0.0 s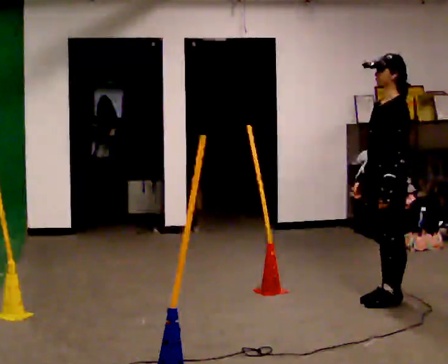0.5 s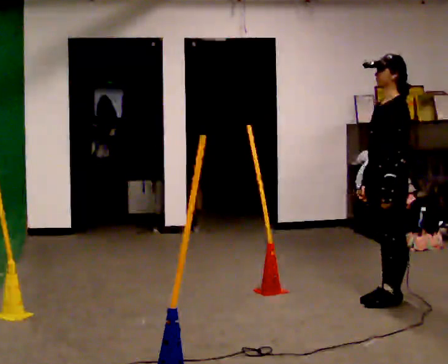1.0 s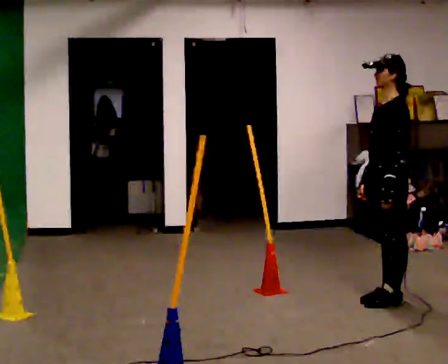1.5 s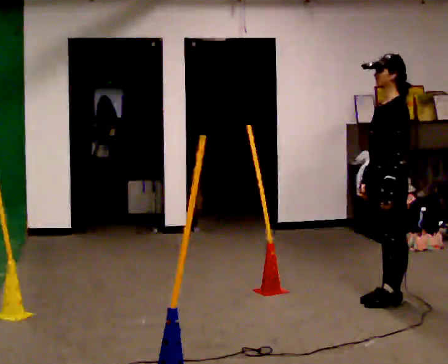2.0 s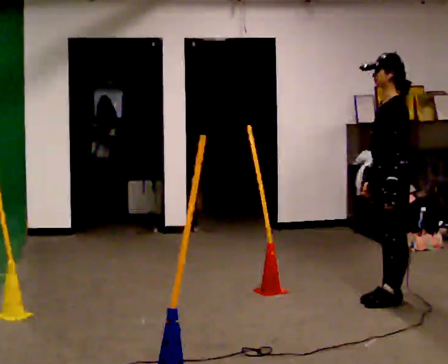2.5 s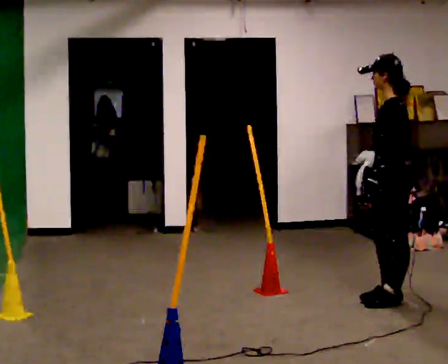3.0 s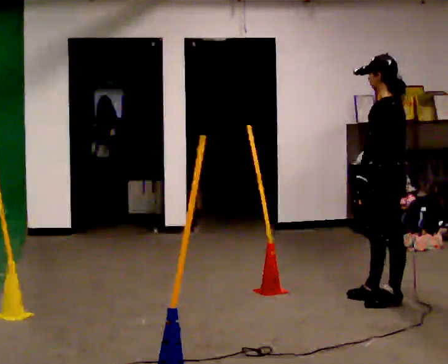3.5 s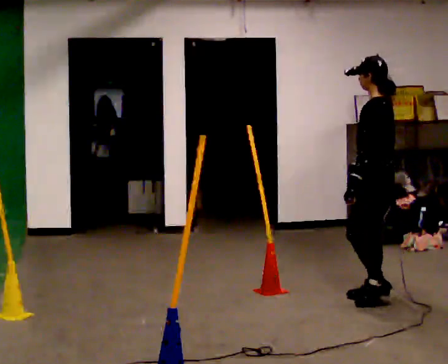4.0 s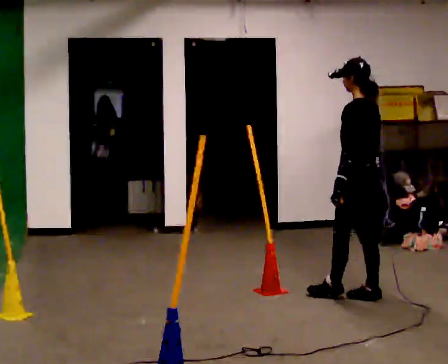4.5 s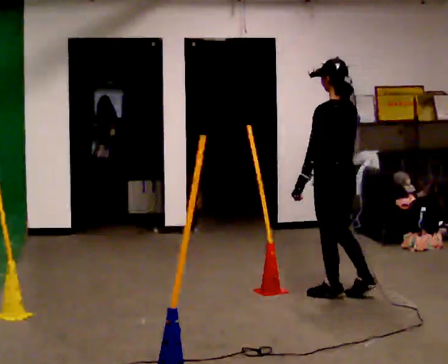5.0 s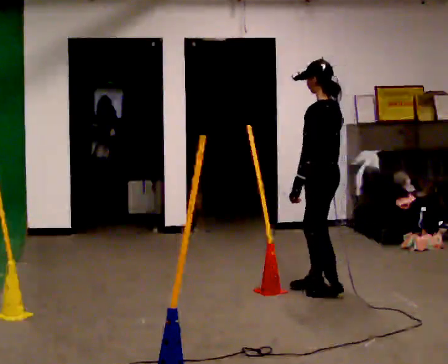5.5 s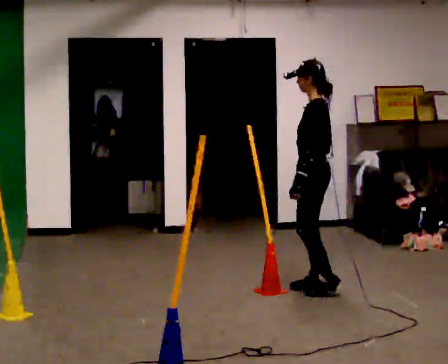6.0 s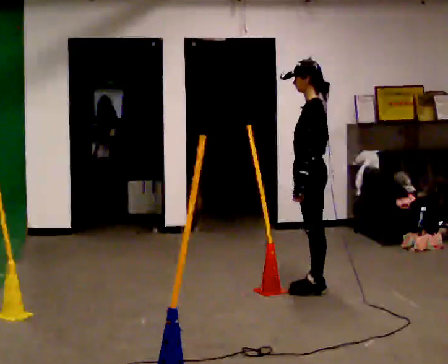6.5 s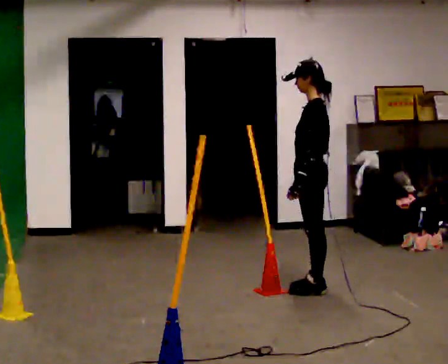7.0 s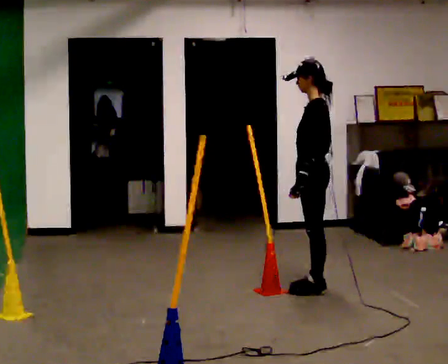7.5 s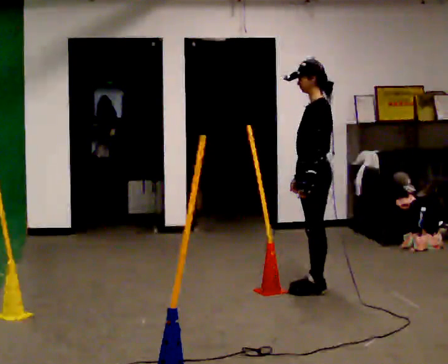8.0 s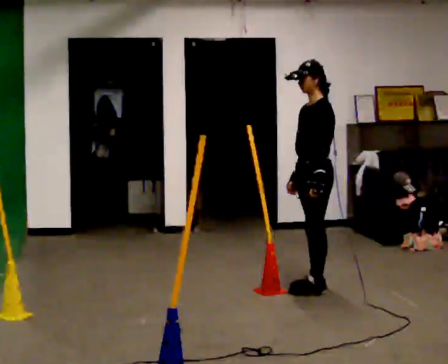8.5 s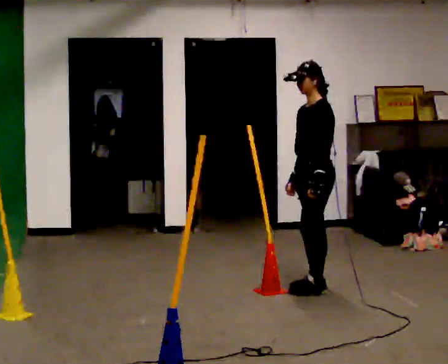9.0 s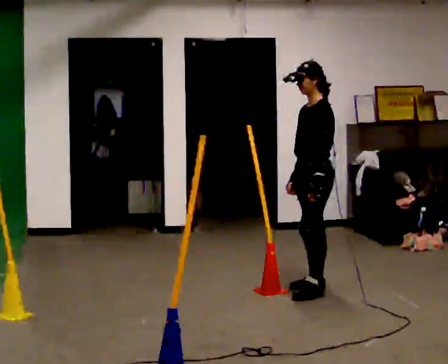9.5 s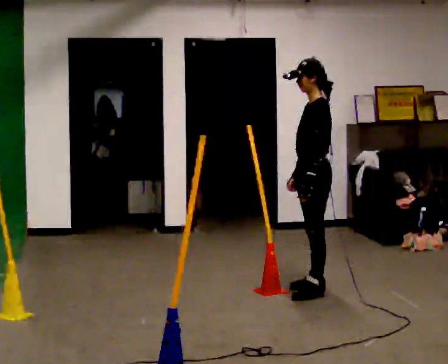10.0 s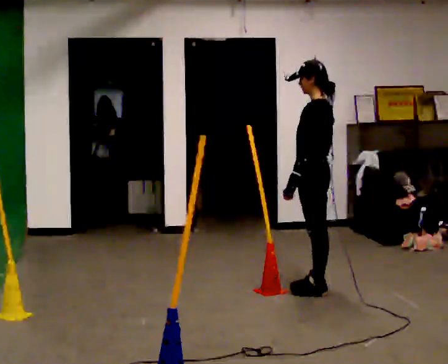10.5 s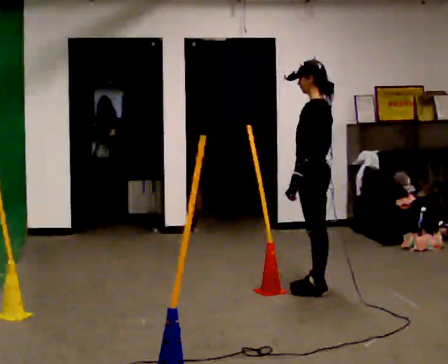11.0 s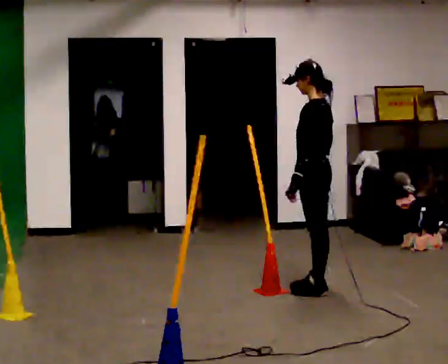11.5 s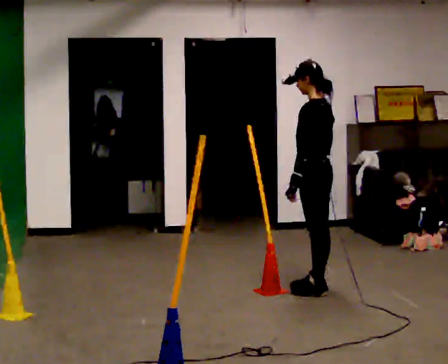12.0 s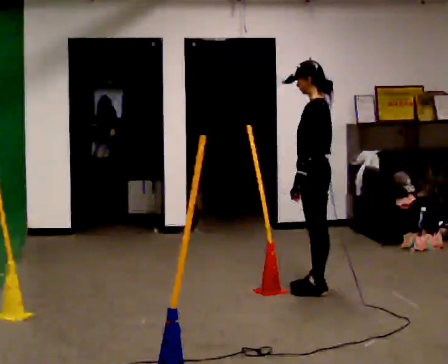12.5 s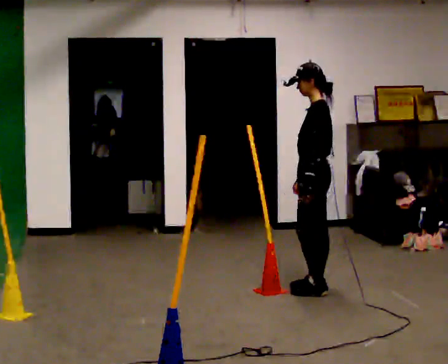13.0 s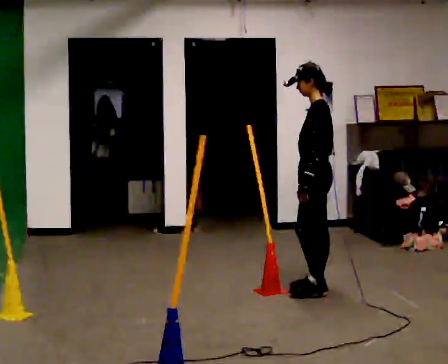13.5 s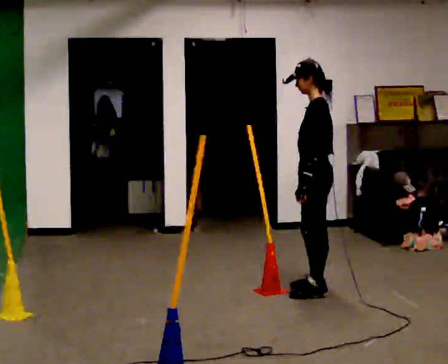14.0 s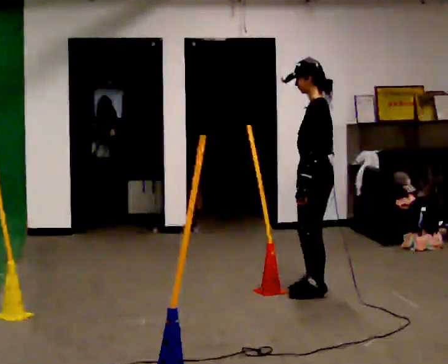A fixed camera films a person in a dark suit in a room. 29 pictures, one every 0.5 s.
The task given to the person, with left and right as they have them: Start at marker; visit targets in order; choose natural paths; avoid obstacles; stop at final target.
0.0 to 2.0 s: The person moves a little, or ends about where they began.
2.0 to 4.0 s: Seen from above the body turns clockwise, about 30 degrees: to their right, with its near side sliding to the left. In the picture they go to the left, about 0.25 m in 1 step, which for them is forward.
4.0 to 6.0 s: The person turns about 30 degrees to their left, counterclockwise seen from above, so the part of the body nearest the lens slides to the right. In the picture they go to the left and away from the camera, about 0.5 m in 2 steps, which for them is forward.
6.0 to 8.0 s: The person moves a little, or ends about where they began.
8.0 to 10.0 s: The part of the body nearest the lens slides to the left as the person turns to their right by about 30 degrees.
10.0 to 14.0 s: The person moves a little, or ends about where they began.
The film runs forward here.
